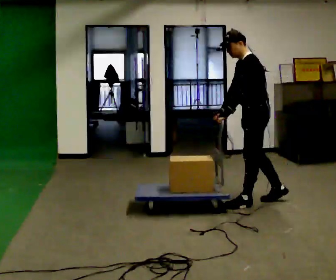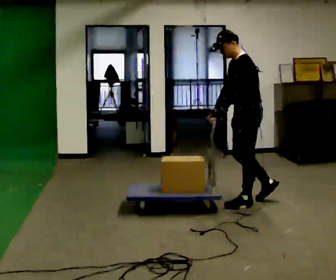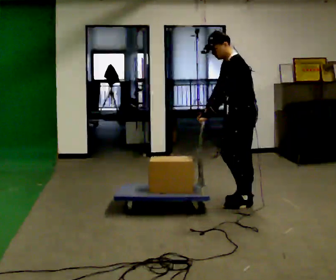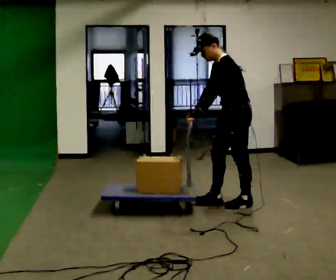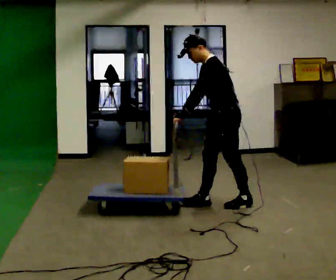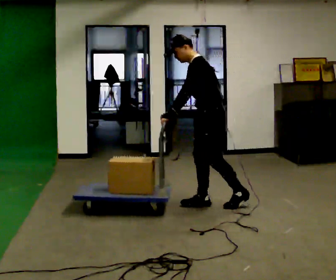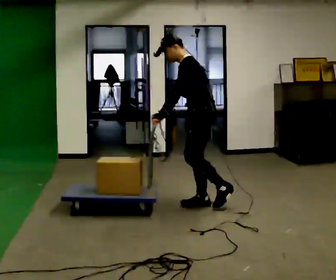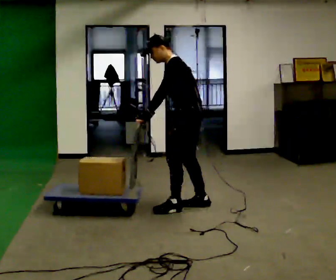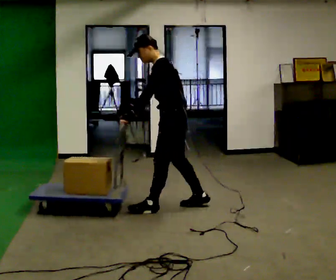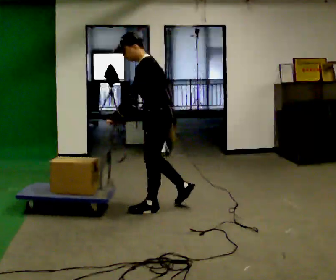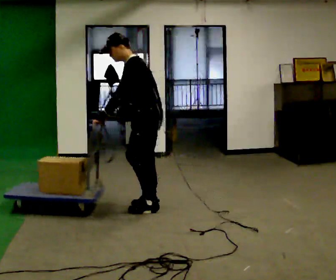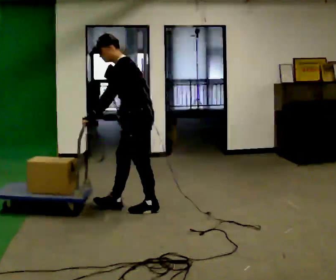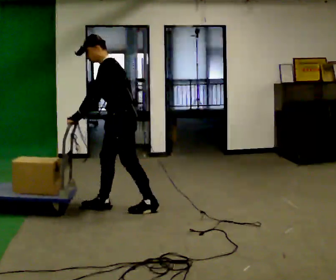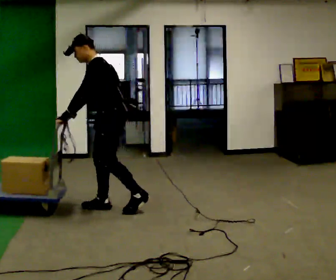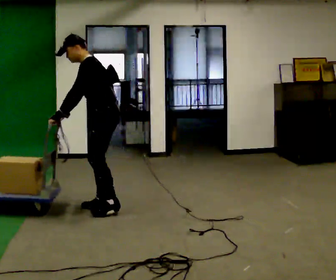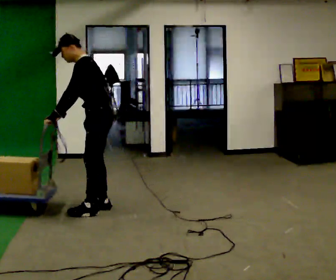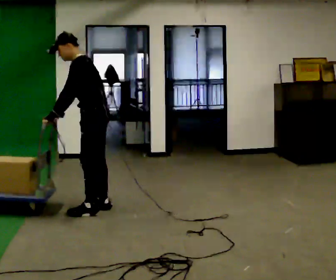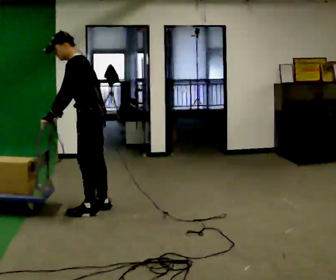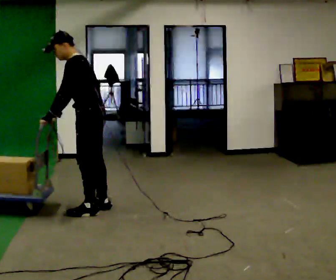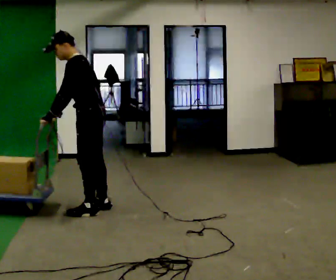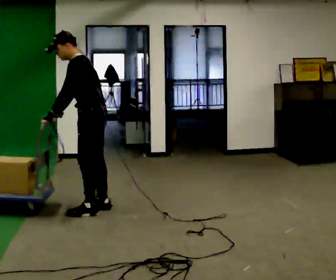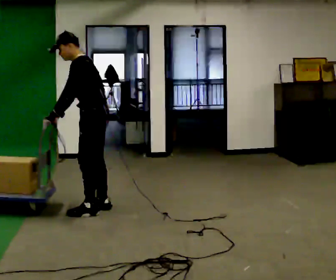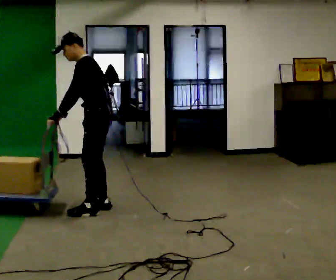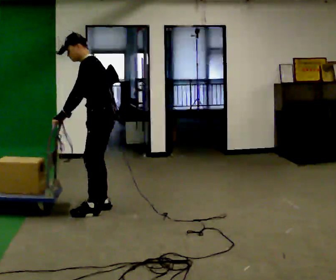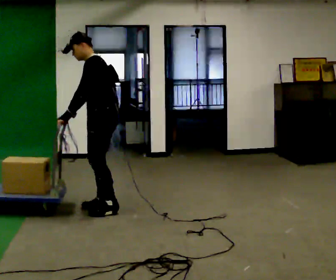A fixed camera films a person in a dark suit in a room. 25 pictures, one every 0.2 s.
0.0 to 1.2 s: In the picture they go to the left, about 0.5 m in 1 step, which for them is forward.
1.2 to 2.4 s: In the picture they go to the left, about 0.5 m in 2 steps, which for them is forward.
2.4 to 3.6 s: In the picture they go to the left, about 0.25 m in 1 step, which for them is forward.
3.6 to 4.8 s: The person moves a little, or ends about where they began.
The film runs forward here.
